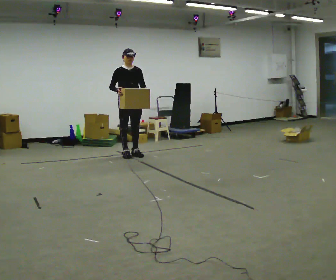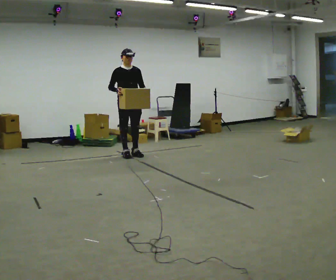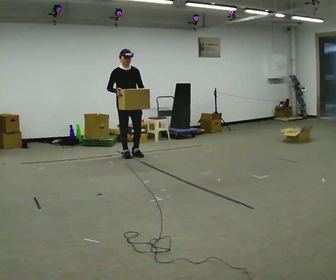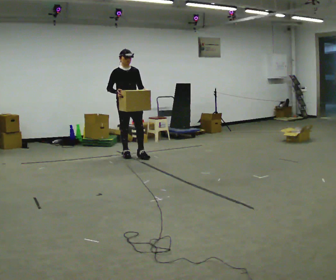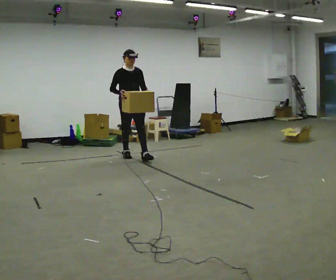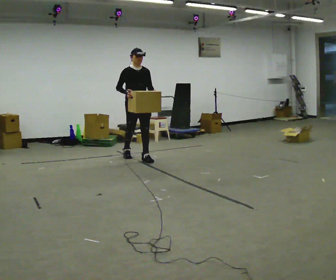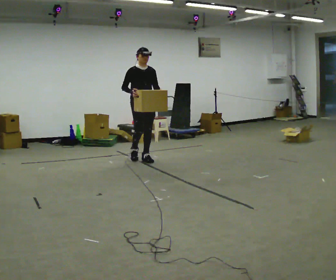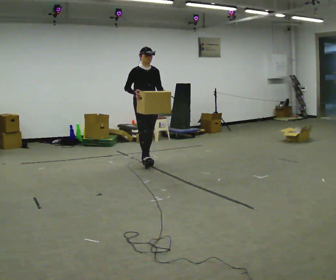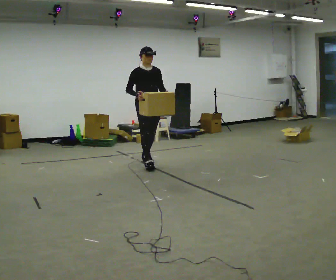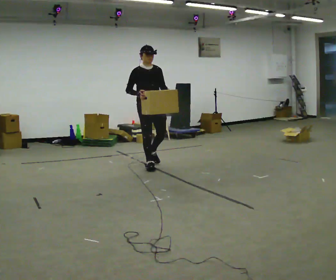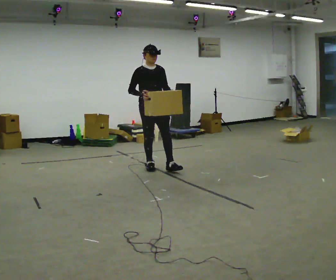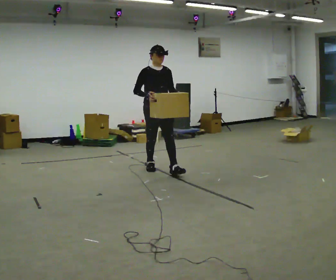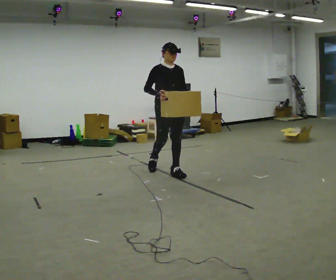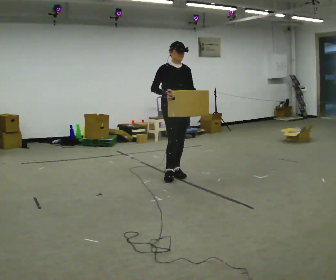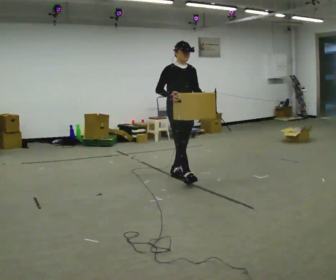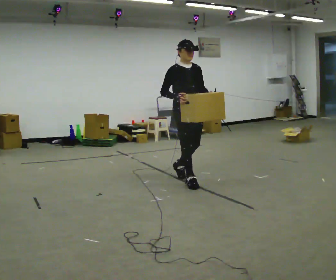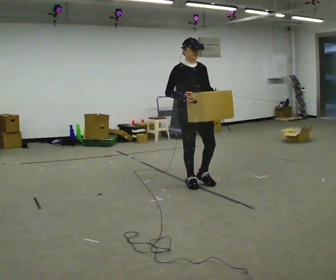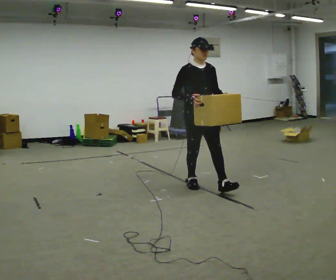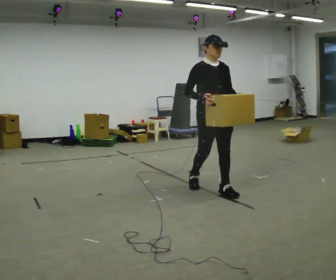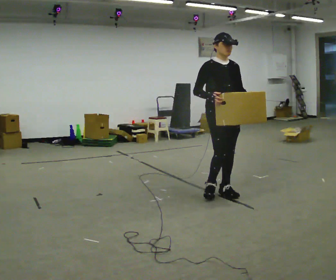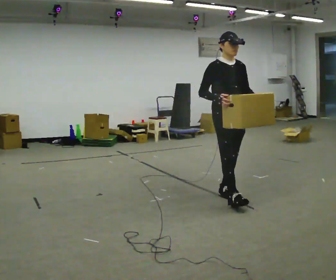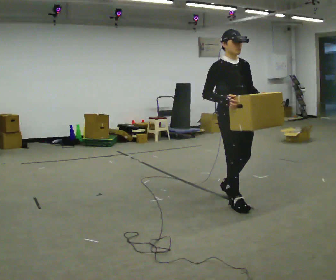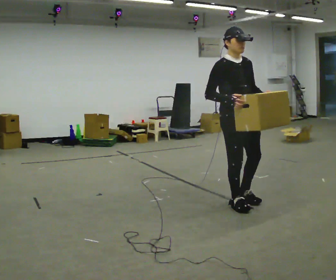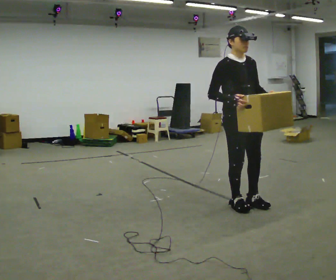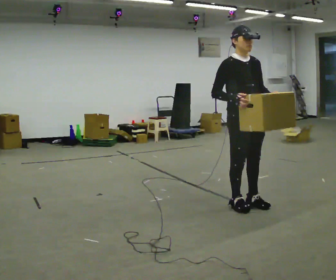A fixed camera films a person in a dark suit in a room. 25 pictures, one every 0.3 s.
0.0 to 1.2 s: In the picture they go toward the camera, about 0.25 m in 1 step, which for them is forward.
1.2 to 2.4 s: In the picture they go toward the camera and to the right, about 0.5 m in 1 step, which for them is forward.
2.4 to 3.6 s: In the picture they go toward the camera and to the right, about 0.75 m in 1 step, which for them is forward.
3.6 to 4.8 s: In the picture they go toward the camera and to the right, about 0.5 m in 1 step, which for them is forward.
4.8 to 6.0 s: In the picture they go toward the camera and to the right, about 0.75 m in 2 steps, which for them is forward.
6.0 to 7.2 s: In the picture they go toward the camera, about 0.25 m in 1 step, which for them is forward.
The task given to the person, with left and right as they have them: Carry the box across the room much more slowly and carefully than normal, back and forth.
The film runs forward here.
